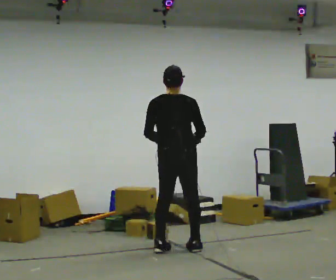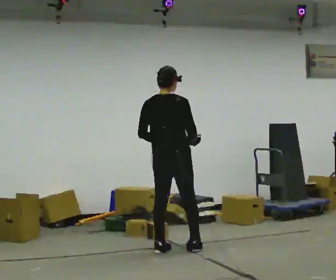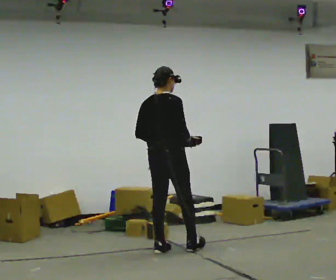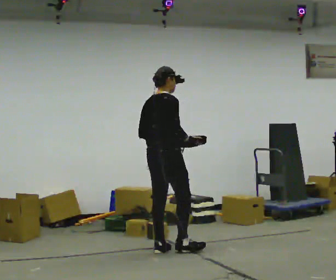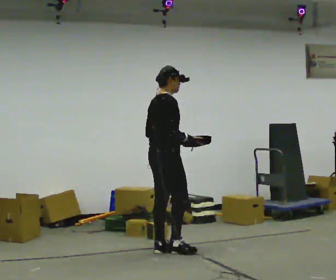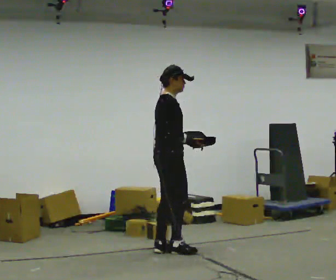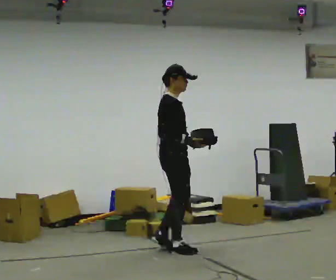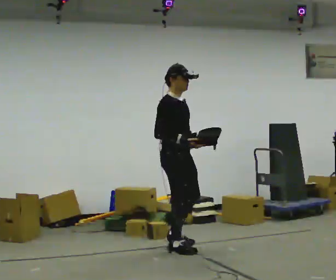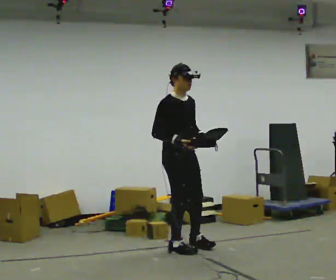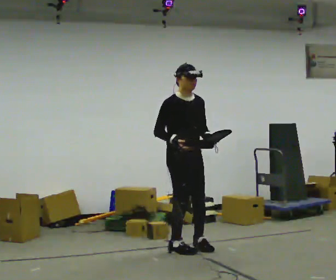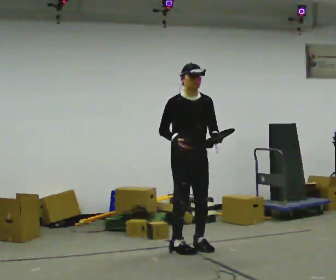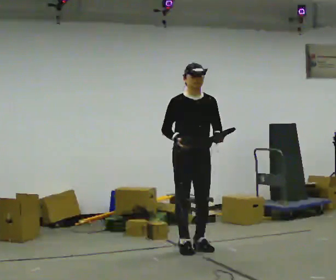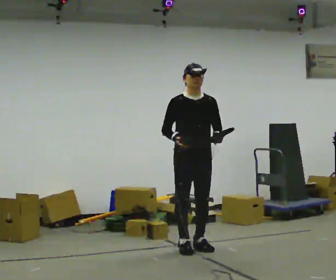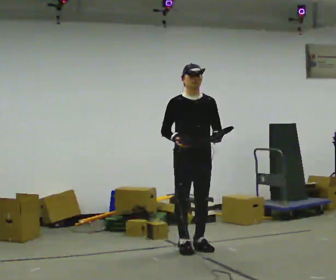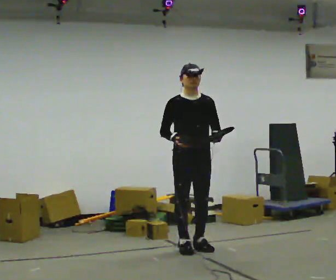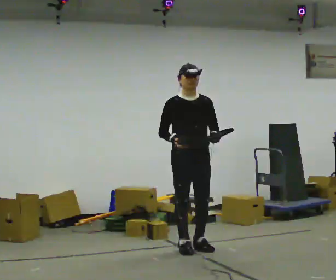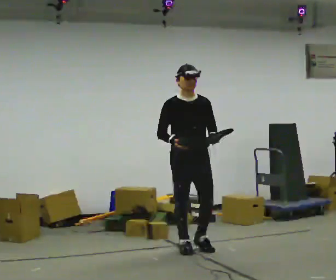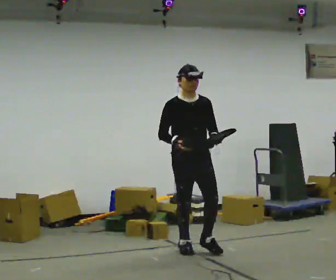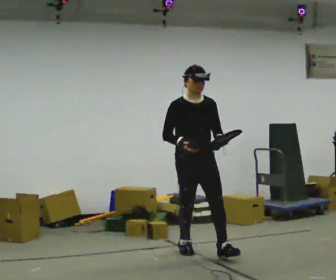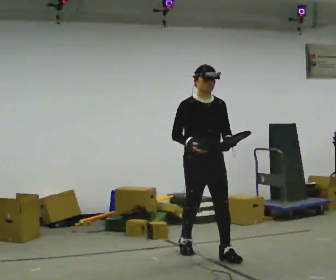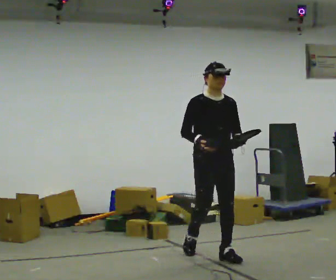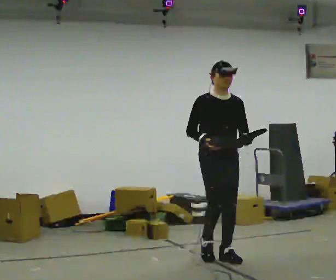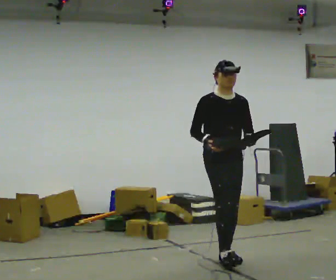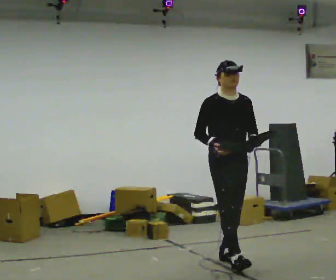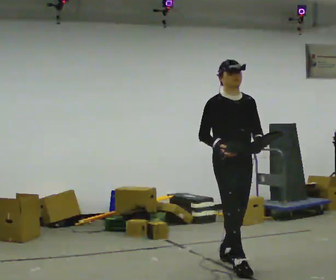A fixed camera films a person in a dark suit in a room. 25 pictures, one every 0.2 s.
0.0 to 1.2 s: The part of the body nearest the lens slides to the left as the person turns to their right by about 90 degrees. In the picture their left hand goes to the right, the arm swinging counterclockwise.
1.2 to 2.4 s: The person turns about 75 degrees to their right, clockwise seen from above, so the part of the body nearest the lens slides to the left. In the picture they go to the right, about 0.25 m in 1 step.
2.4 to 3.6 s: In the picture they go toward the camera, about 0.25 m, which for them is forward.
3.6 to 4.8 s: In the picture they go toward the camera and to the right, about 0.5 m in 2 steps, which for them is forward.
The film runs forward here.
